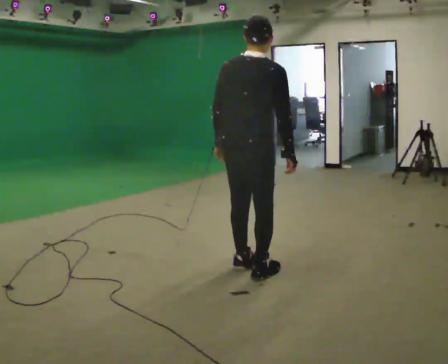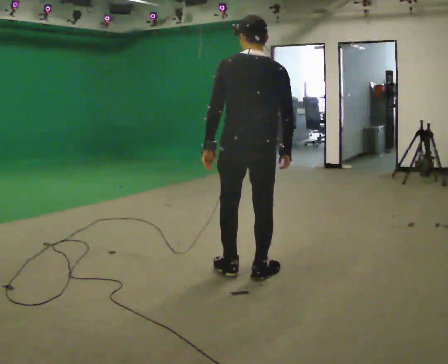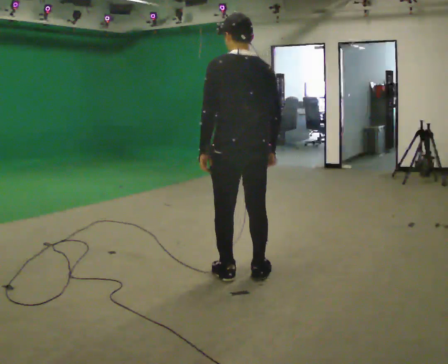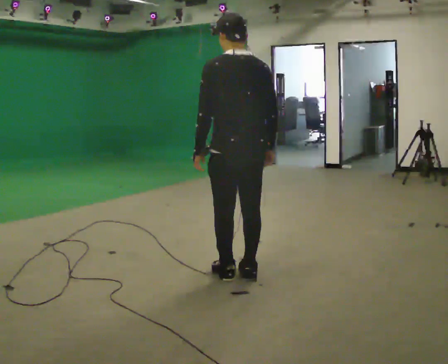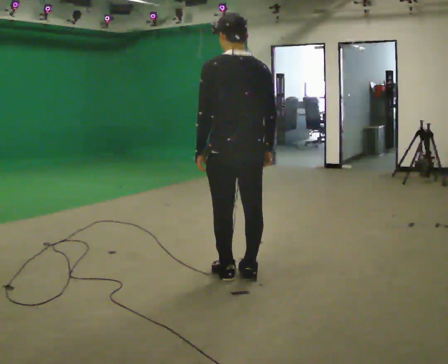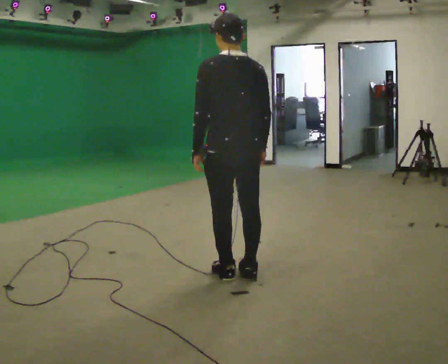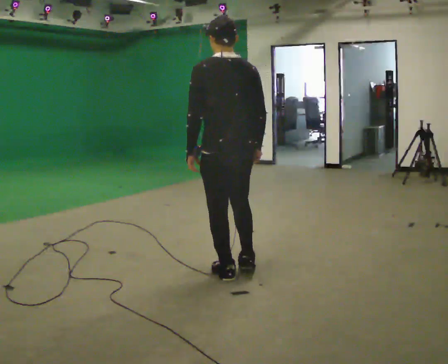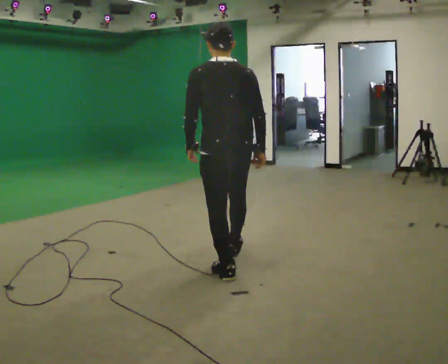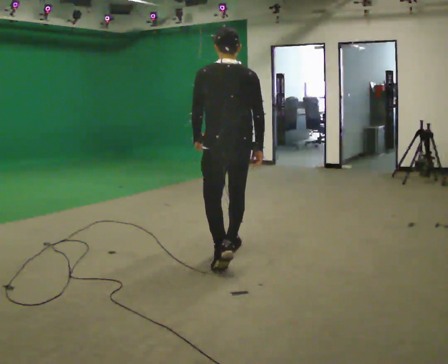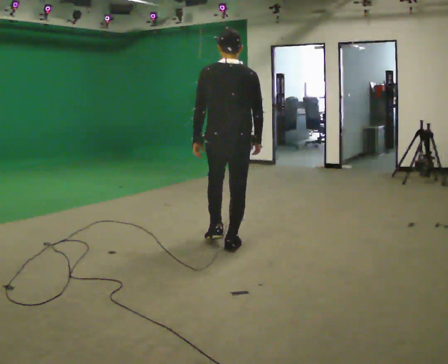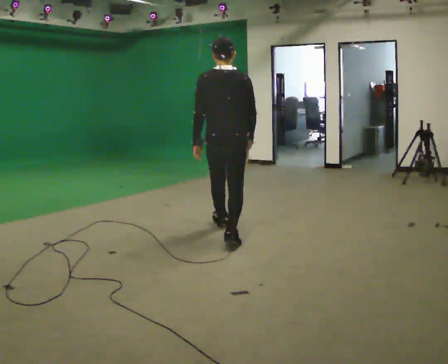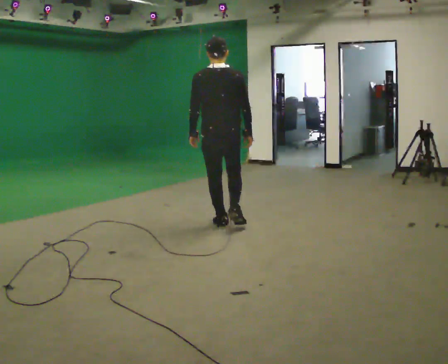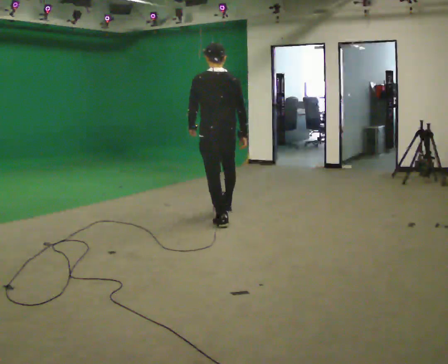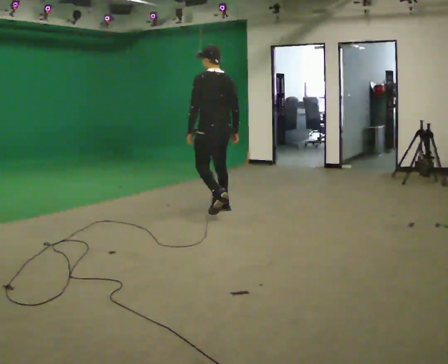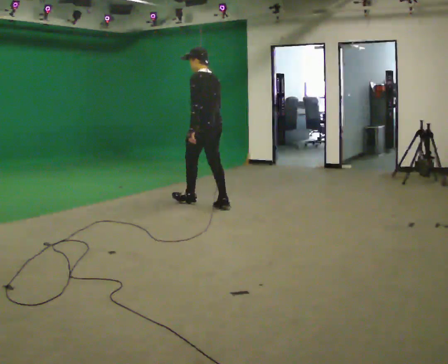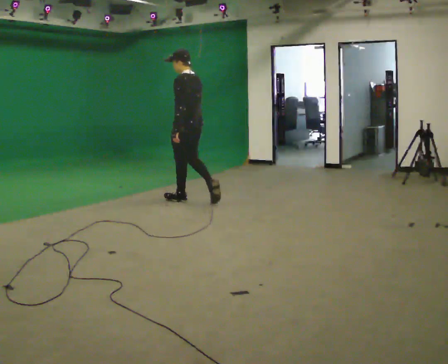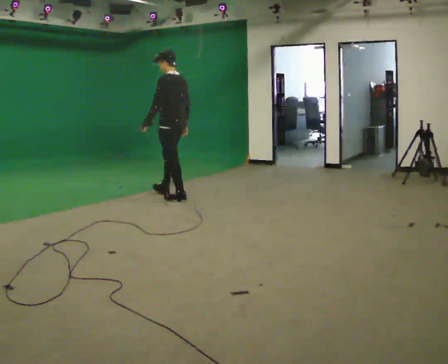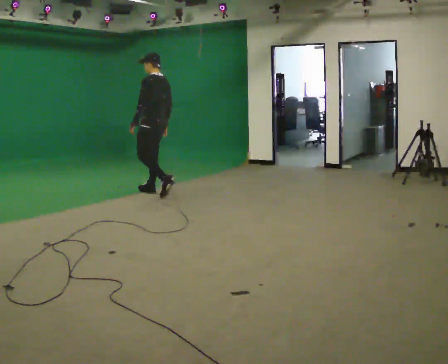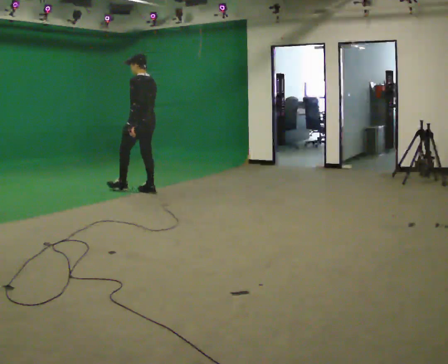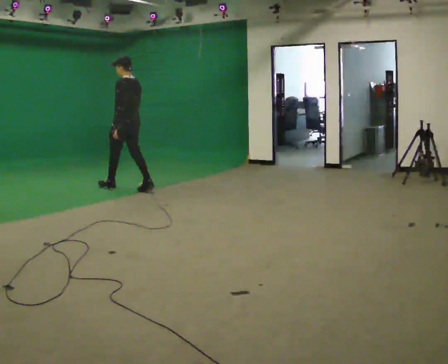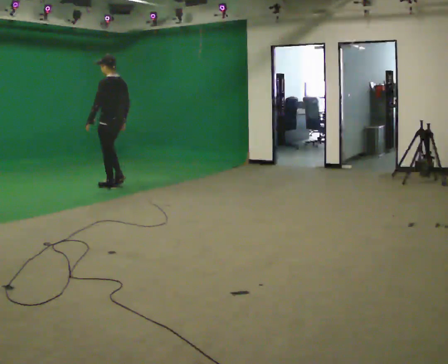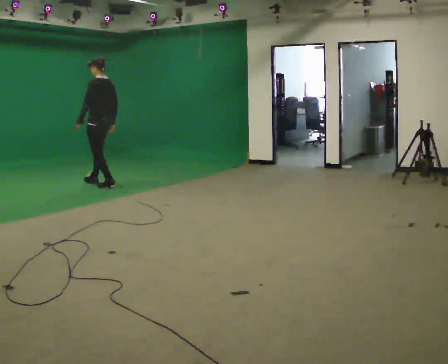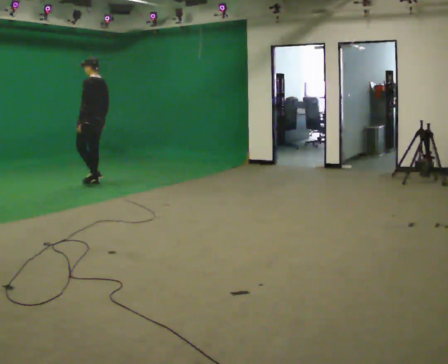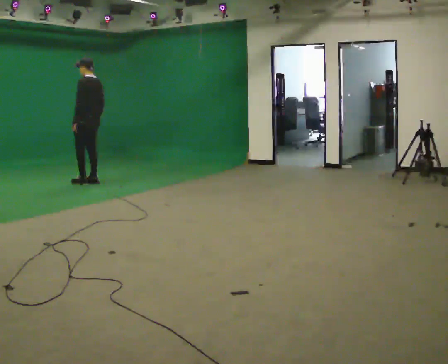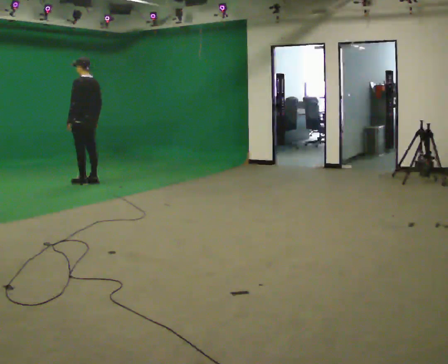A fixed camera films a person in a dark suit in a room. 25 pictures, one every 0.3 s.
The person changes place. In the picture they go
away from the camera.
0.0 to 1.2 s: The part of the body nearest the lens slides to the right as the person turns to their left by about 45 degrees.
1.2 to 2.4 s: In the picture they go away from the camera, about 0.5 m in 1 step, which for them is forward.
2.4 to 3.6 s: In the picture they go away from the camera, about 1 m in 1 step, which for them is forward.
3.6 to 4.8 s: The person turns about 45 degrees to their left, counterclockwise seen from above, so the part of the body nearest the lens slides to the right. In the picture they go away from the camera and to the left, about 1 m in 2 steps, which for them is forward and to their right.
4.8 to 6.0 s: In the picture they go to the left and away from the camera, about 1 m in 2 steps, which for them is forward.
6.0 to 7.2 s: In the picture they go to the left and away from the camera, about 0.5 m in 2 steps, which for them is forward.
The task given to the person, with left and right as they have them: Walk straight; at marker turn ~45° while continuing to walk; continue straight.
The film runs forward here.
